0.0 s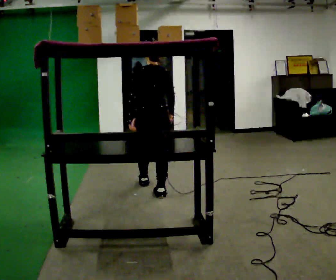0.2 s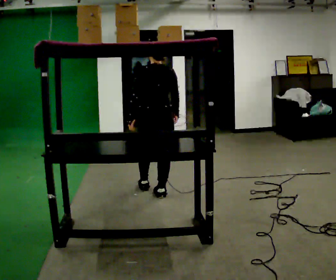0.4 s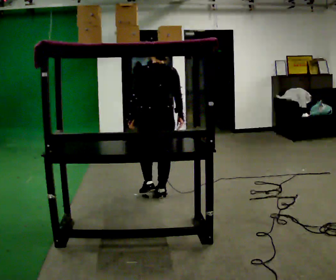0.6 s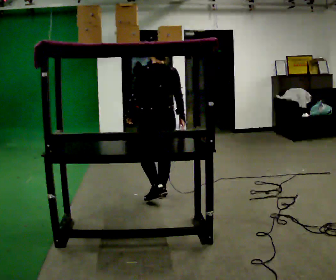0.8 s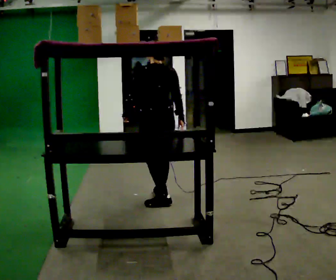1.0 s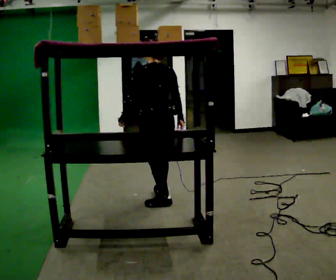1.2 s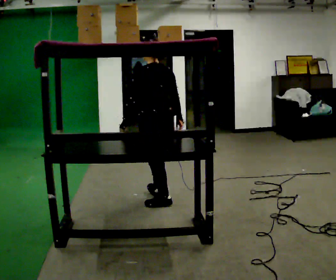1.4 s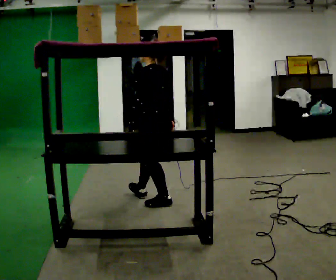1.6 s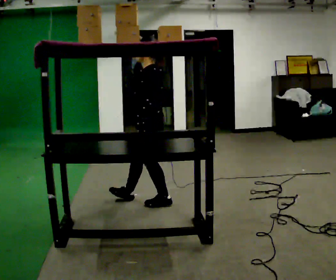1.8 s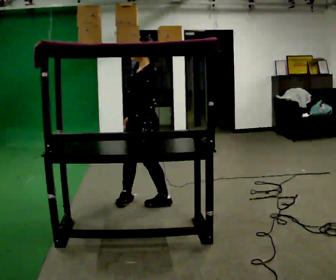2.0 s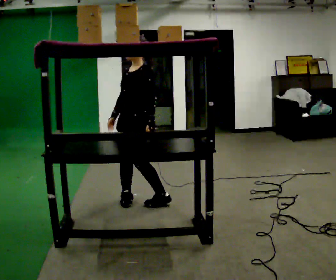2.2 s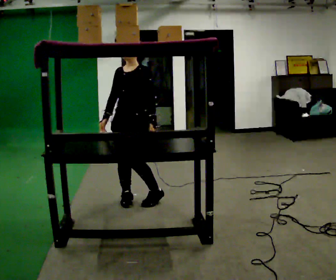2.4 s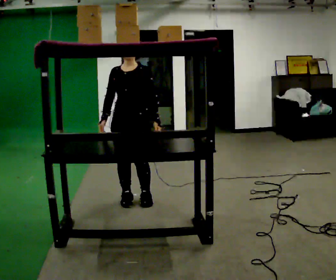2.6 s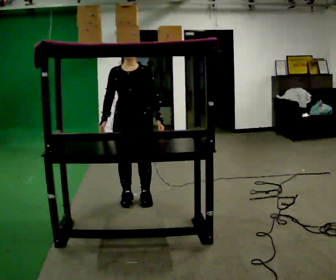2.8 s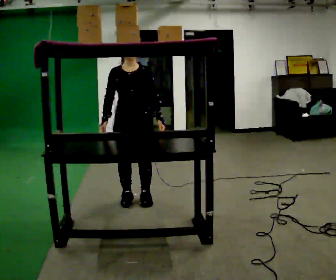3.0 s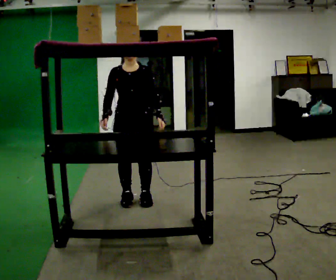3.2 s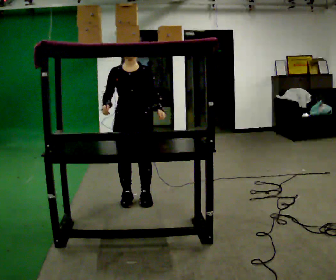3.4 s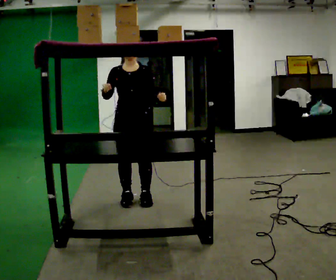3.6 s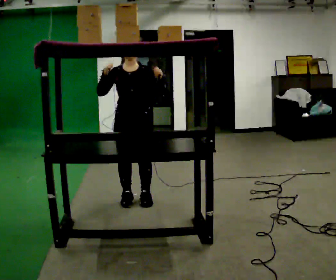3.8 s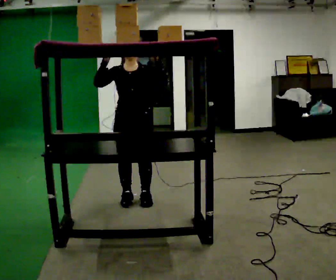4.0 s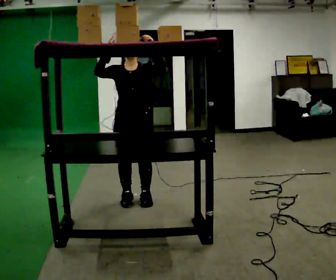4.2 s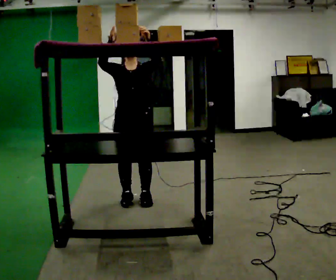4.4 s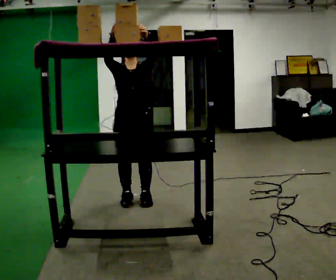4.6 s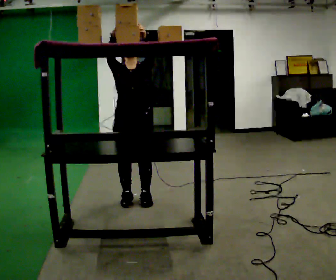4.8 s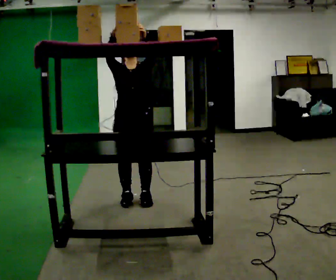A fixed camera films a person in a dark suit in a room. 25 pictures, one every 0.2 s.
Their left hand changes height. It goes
upward.
The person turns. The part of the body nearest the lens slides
to the right.
0.0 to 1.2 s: The part of the body nearest the lens slides to the right as the person turns to their left by about 30 degrees. In the picture they go toward the camera, about 0.5 m in 2 steps, which for them is backward.
1.2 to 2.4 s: The person turns about 120 degrees to their left, counterclockwise seen from above, so the part of the body nearest the lens slides to the right. In the picture they go to the left, about 0.25 m in 1 step.
2.4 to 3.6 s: In the picture their right hand goes upward.
3.6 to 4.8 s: In the picture their left hand goes upward.
The film runs backward here.
